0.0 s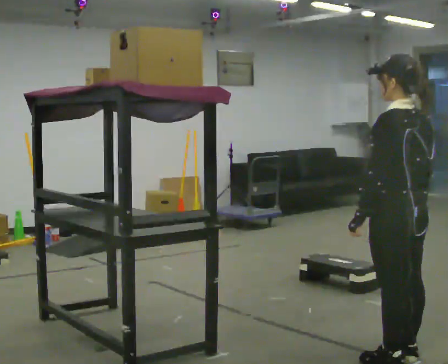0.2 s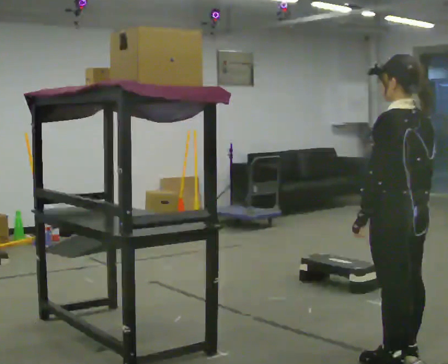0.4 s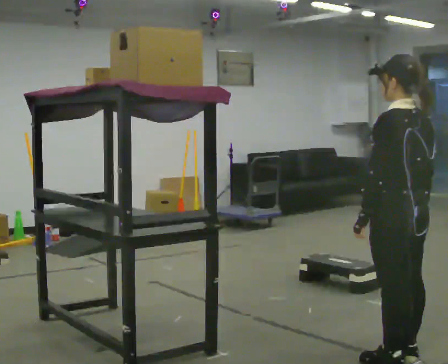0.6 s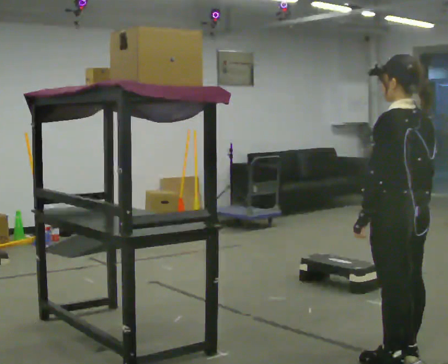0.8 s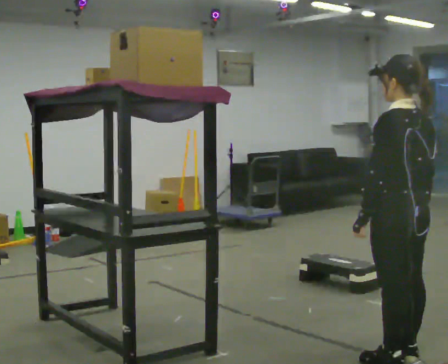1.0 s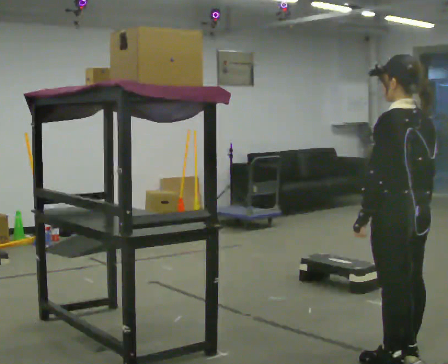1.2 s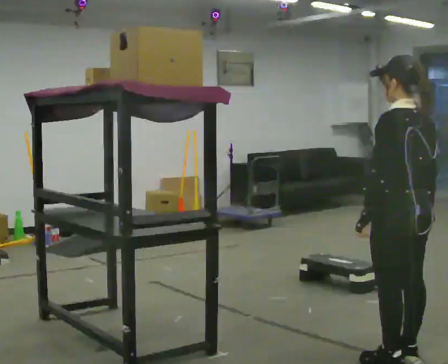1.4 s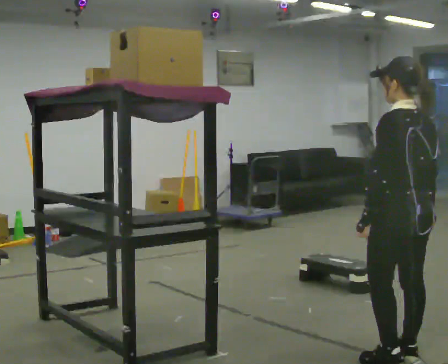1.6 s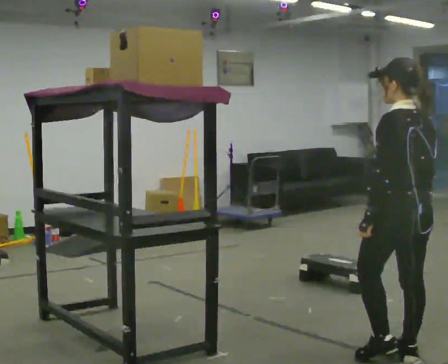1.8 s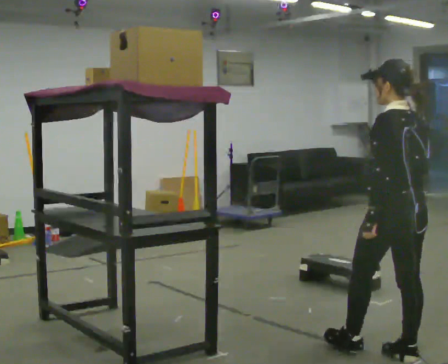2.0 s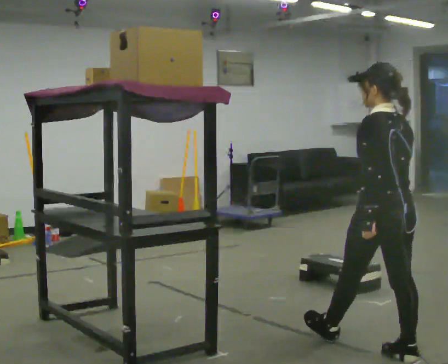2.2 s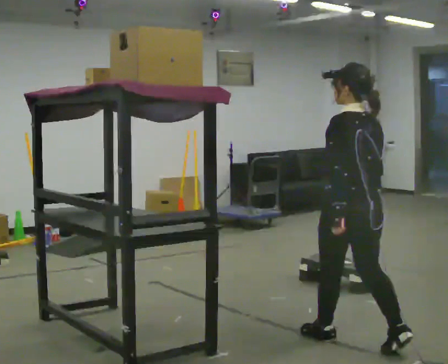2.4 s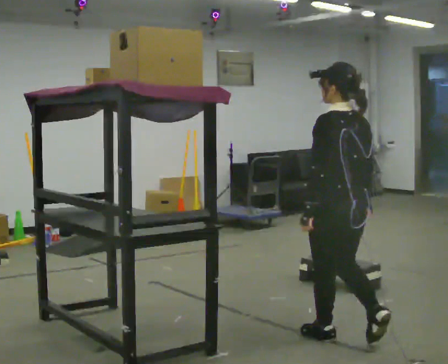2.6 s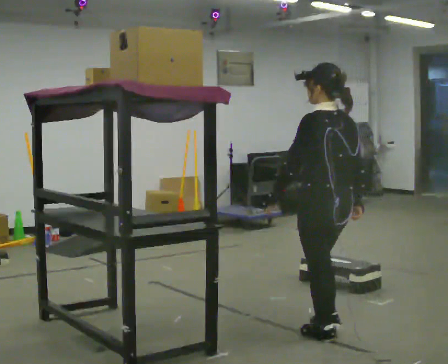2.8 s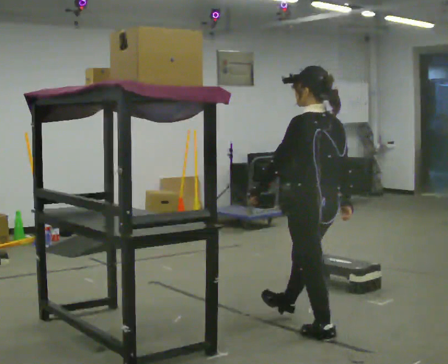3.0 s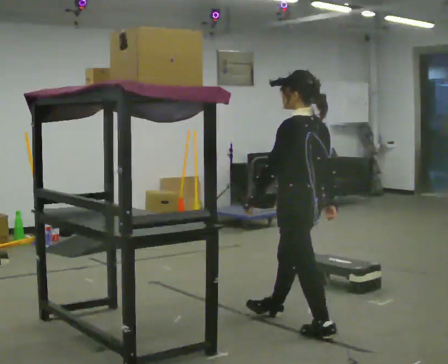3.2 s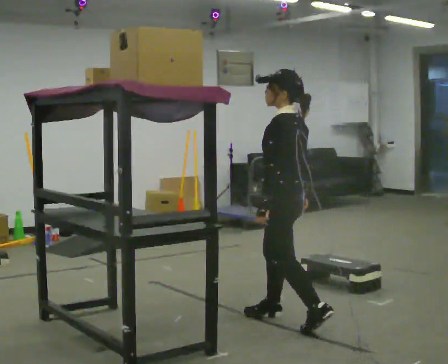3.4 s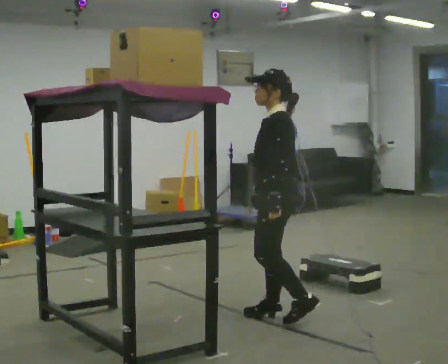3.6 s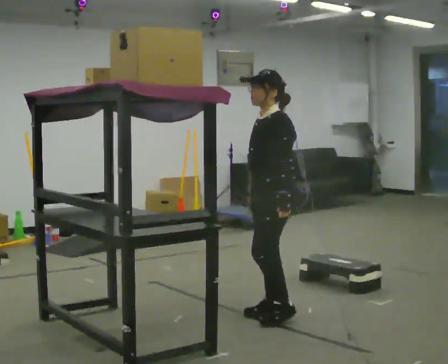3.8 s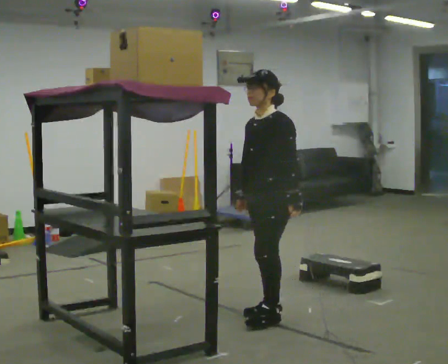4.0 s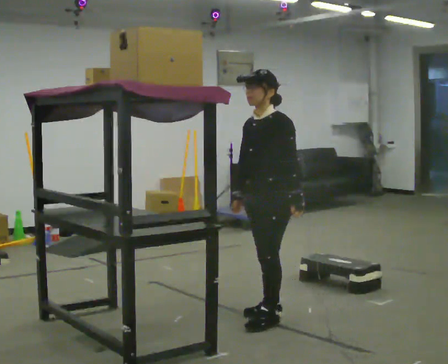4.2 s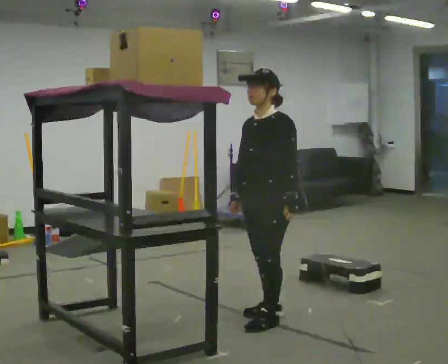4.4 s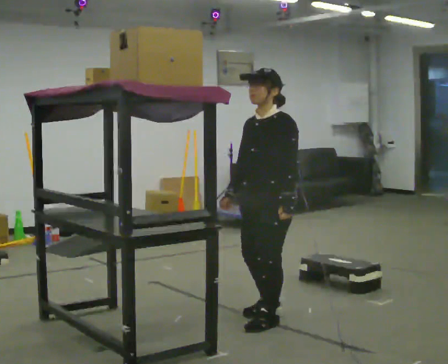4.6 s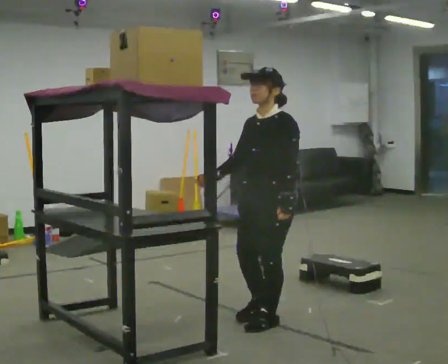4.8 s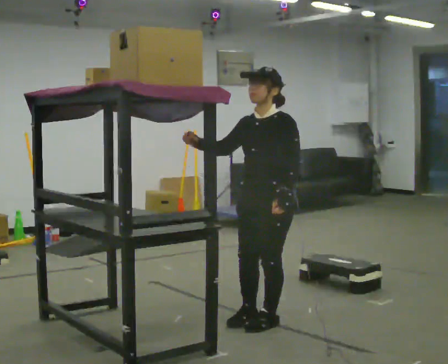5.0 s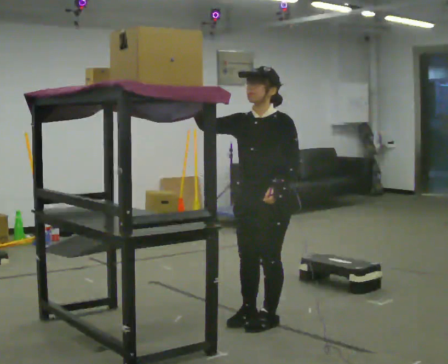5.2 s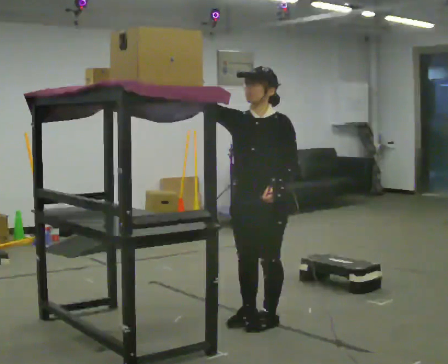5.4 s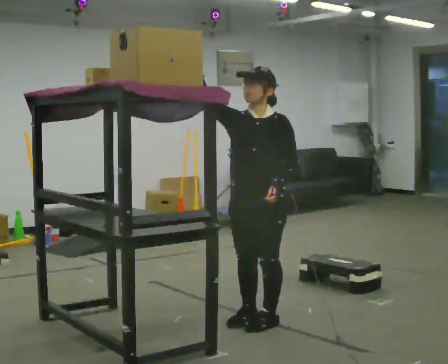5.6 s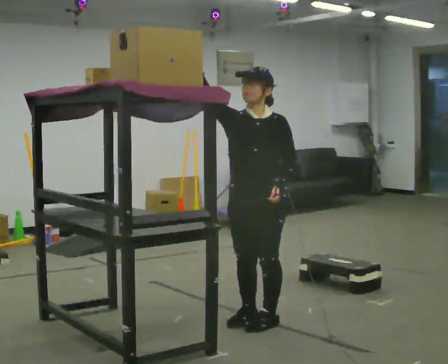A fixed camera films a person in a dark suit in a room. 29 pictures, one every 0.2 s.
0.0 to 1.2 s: The person moves a little, or ends about where they began.
1.2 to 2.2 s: In the picture they go away from the camera and to the left, about 0.25 m in 1 step, which for them is forward.
2.2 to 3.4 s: Seen from above the body turns counterclockwise, about 60 degrees: to their left, with its near side sliding to the right. In the picture they go away from the camera and to the left, about 0.75 m in 1 step.
3.4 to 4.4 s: The person turns about 45 degrees to their left, counterclockwise seen from above, so the part of the body nearest the lens slides to the right.
4.4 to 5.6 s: The person turns about 45 degrees to their left, counterclockwise seen from above, so the part of the body nearest the lens slides to the right. In the picture their right hand goes upward, the arm swinging clockwise.
The film runs forward here.
